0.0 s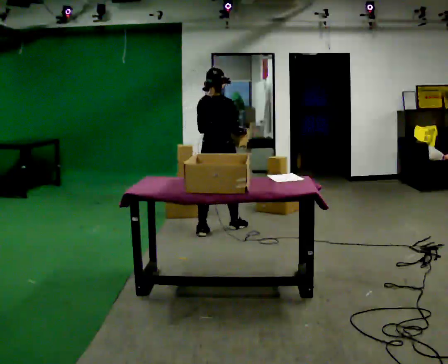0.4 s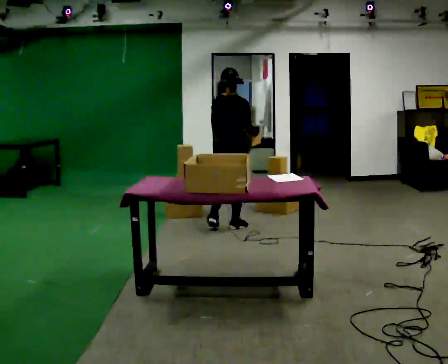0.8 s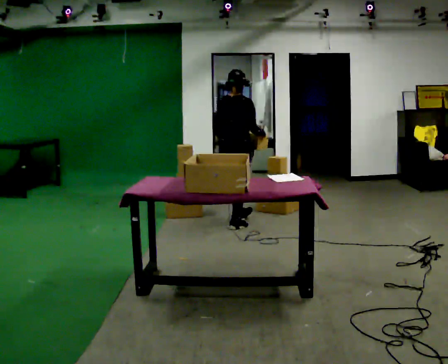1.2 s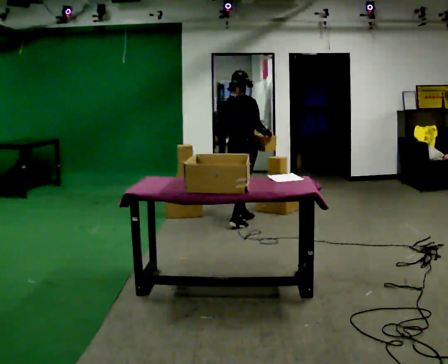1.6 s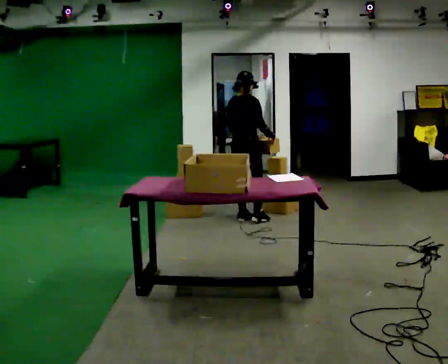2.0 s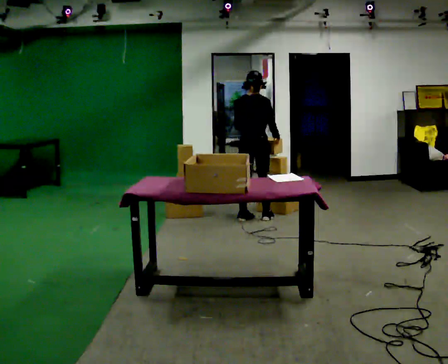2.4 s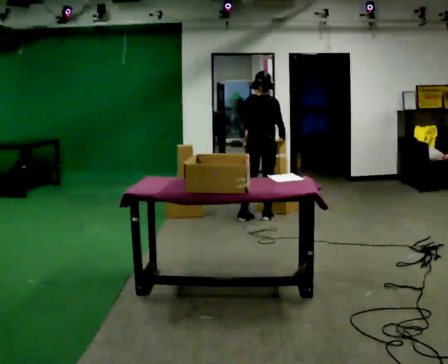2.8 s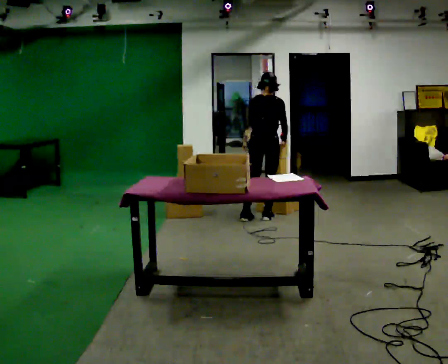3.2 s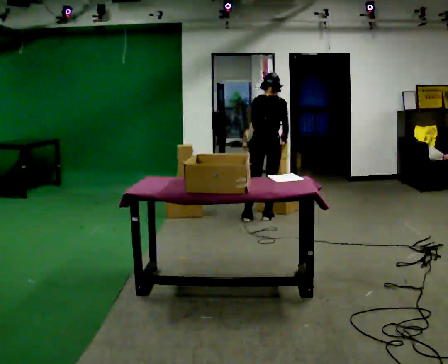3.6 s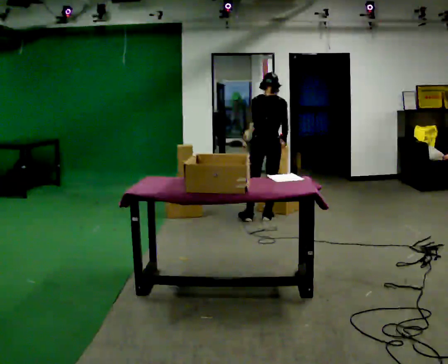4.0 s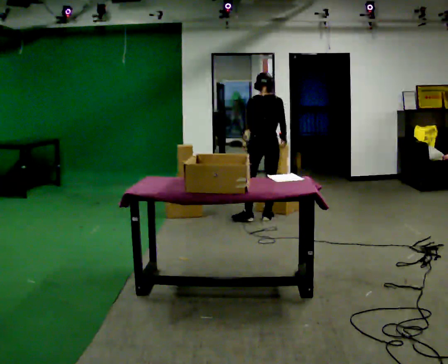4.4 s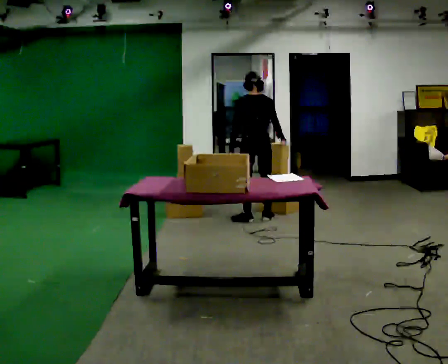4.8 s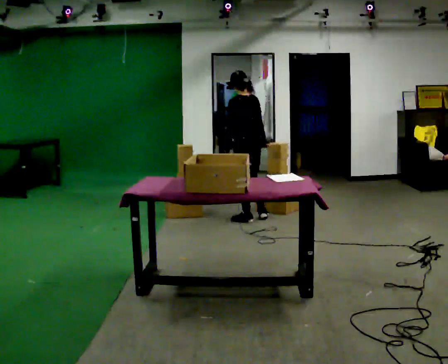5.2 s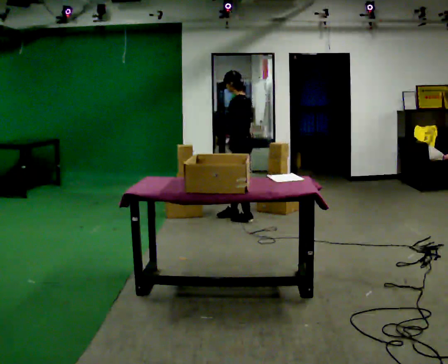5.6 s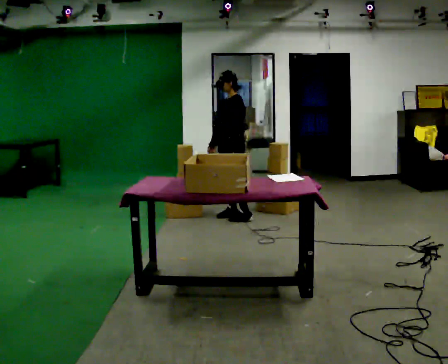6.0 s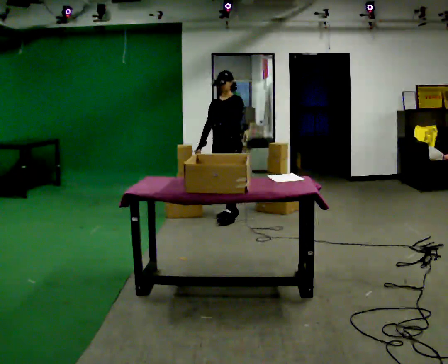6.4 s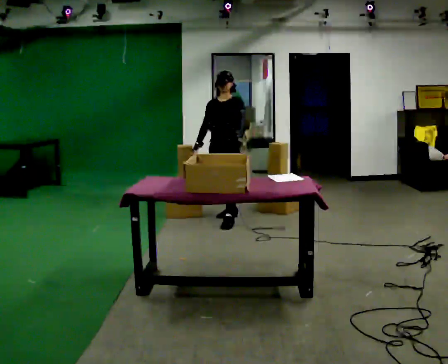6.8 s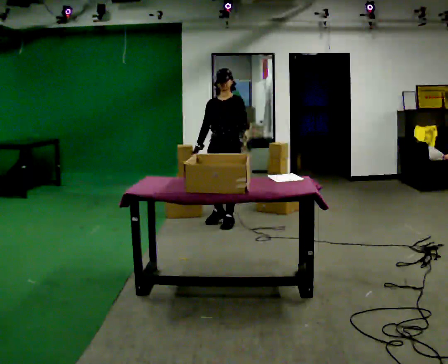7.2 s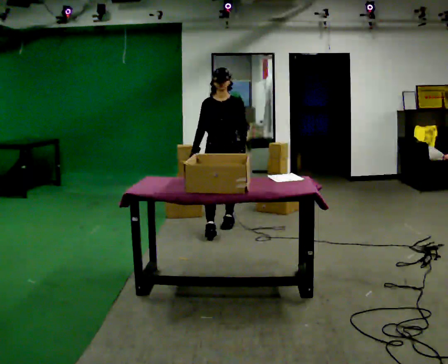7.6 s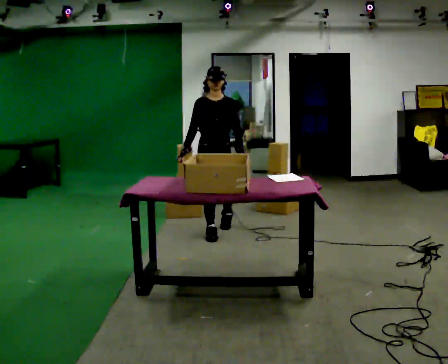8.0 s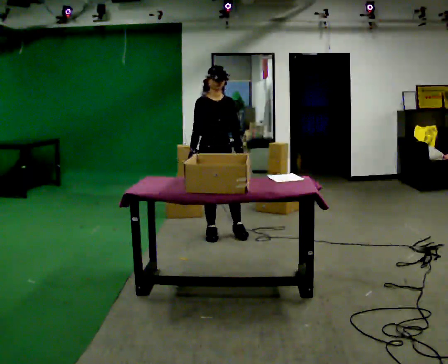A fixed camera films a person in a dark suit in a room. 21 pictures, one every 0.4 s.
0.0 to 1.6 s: In the picture they go away from the camera and to the right, about 0.5 m in 1 step, which for them is forward.
1.6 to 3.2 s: The person turns about 30 degrees to their left, counterclockwise seen from above, so the part of the body nearest the lens slides to the right. In the picture they go to the right, about 0.25 m in 1 step, which for them is to their right.
3.2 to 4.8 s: The person turns about 60 degrees to their left, counterclockwise seen from above, so the part of the body nearest the lens slides to the right. In the picture they go to the left, about 0.25 m, which for them is to their left. In the picture their left hand goes to the left.
4.8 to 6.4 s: Seen from above the body turns counterclockwise, about 105 degrees: to their left, with its near side sliding to the right. In the picture they go to the left, about 0.25 m in 2 steps. In the picture their right hand goes to the left.
6.4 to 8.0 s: The person turns about 45 degrees to their left, counterclockwise seen from above, so the part of the body nearest the lens slides to the right. In the picture they go toward the camera, about 0.5 m in 1 step, which for them is forward.
The film runs forward here.
